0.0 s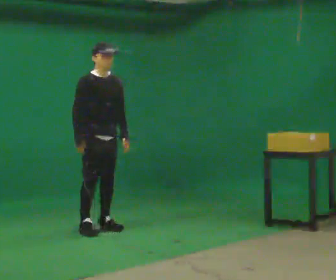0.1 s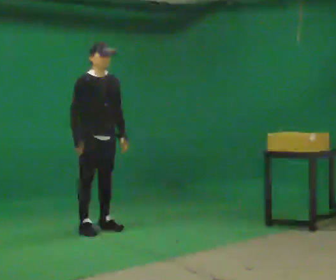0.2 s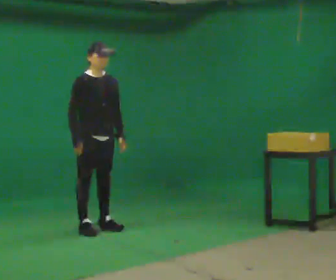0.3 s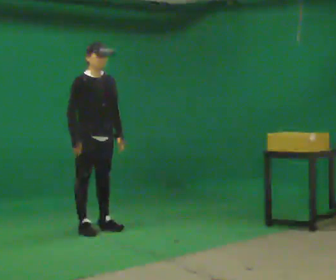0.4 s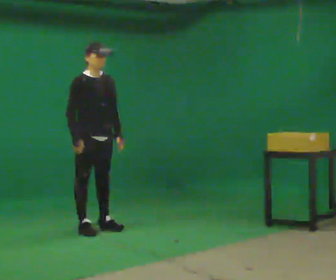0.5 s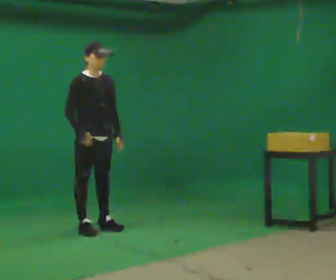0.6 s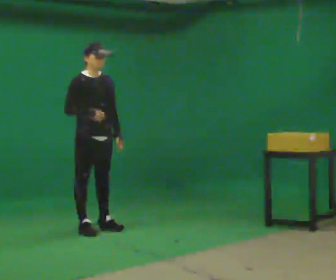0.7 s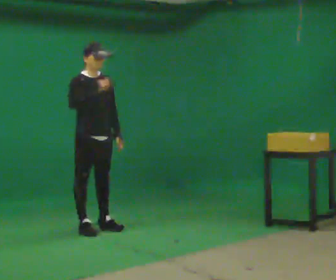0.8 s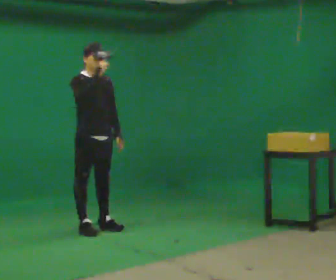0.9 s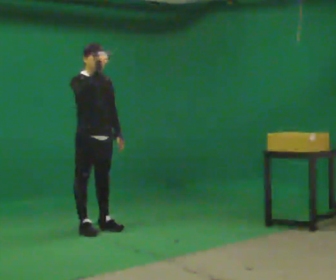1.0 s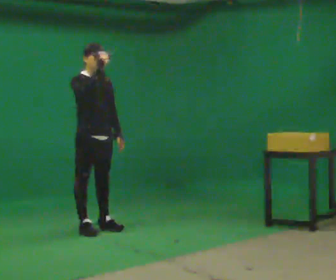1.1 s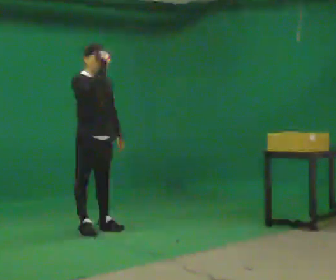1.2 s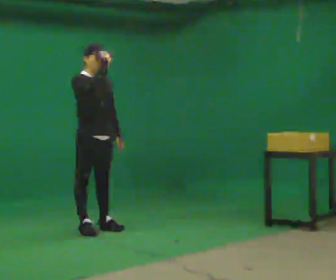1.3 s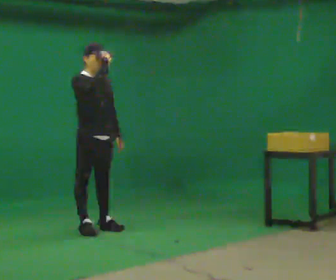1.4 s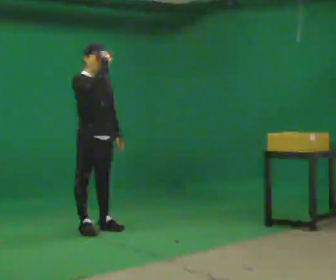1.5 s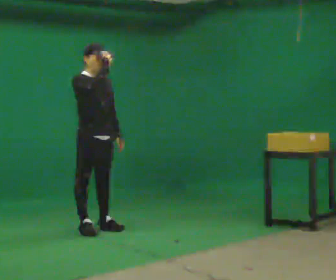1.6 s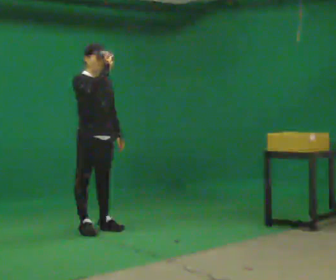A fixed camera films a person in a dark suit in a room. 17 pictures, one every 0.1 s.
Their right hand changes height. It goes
upward.
0.0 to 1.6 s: In the picture their right hand goes upward.
The film runs forward here.
